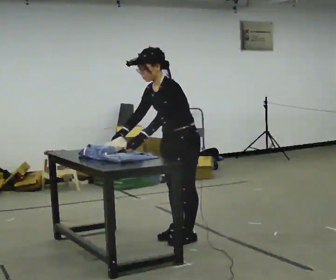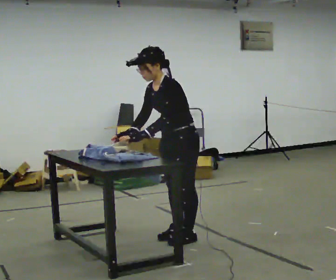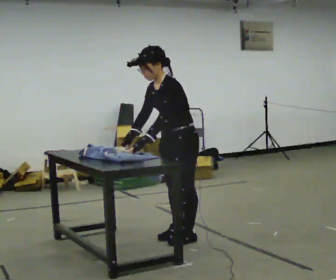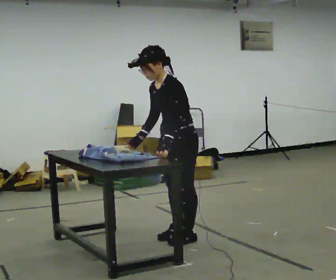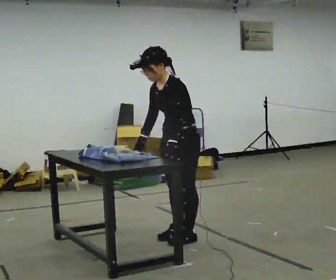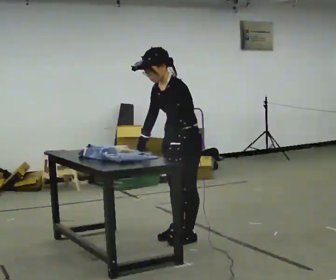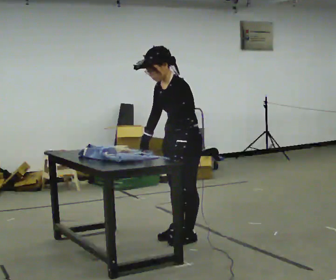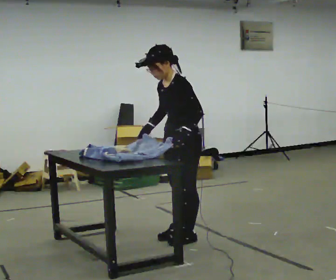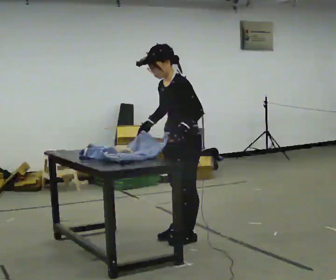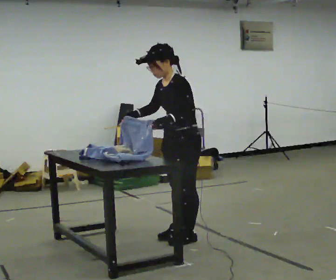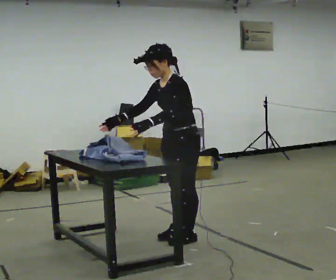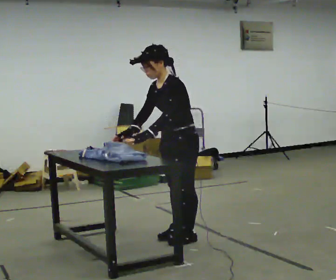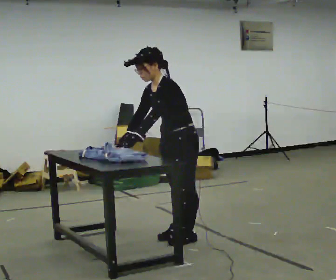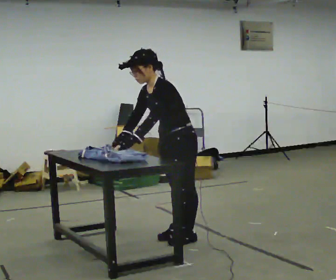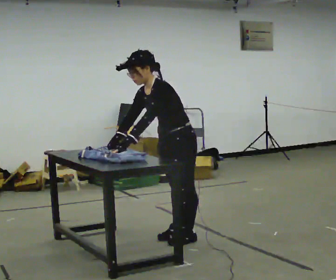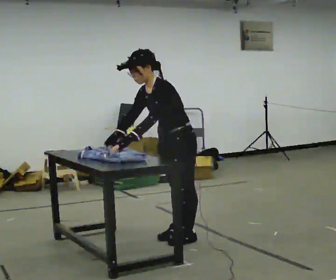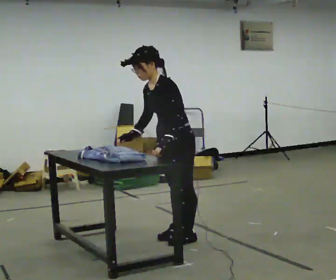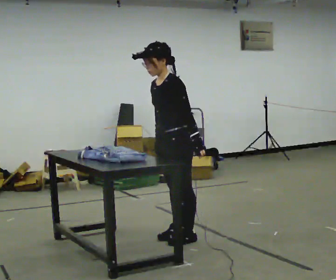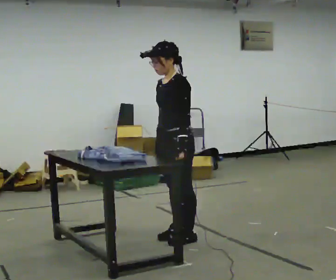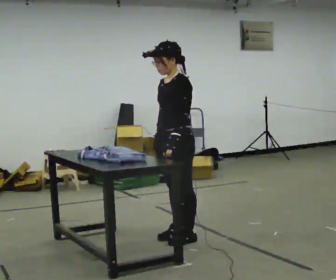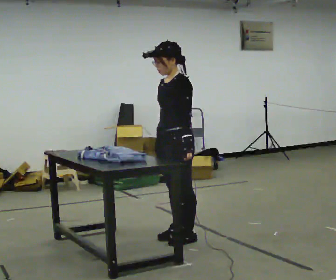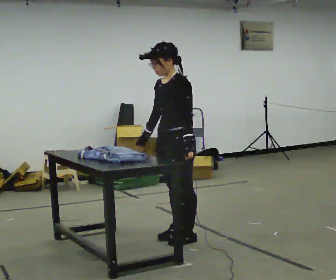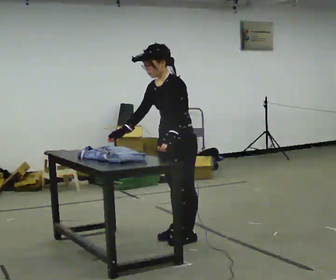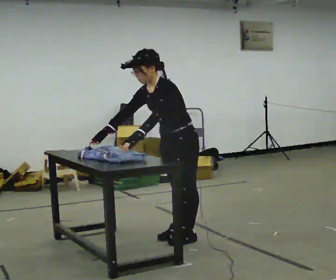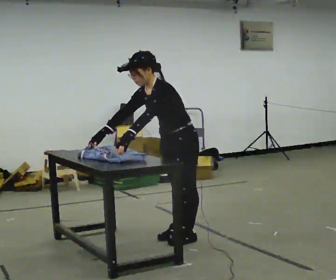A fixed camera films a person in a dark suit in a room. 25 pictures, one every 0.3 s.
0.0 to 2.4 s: The person moves a little, or ends about where they began.
2.4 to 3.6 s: In the picture the upper body tilts counterclockwise, shoulders to the left, as they bend forward. In the picture their left hand goes to the left.
3.6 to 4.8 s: The person moves a little, or ends about where they began.
4.8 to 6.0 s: In the picture the upper body tilts clockwise, shoulders to the right, as they lean back or straighten.
6.0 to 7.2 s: In the picture the upper body tilts counterclockwise, shoulders to the left, as they bend forward. In the picture their right hand goes to the left.
The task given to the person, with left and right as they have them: Fold the cloth in half, then in half again, then unfold it. Repeat at your own pace until the operator says stop. Keep both feet on the marked spots for the whole take. If you have to step, stop and tell the operator.
The film runs forward here.
